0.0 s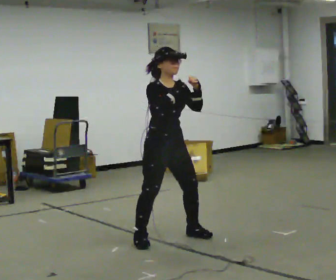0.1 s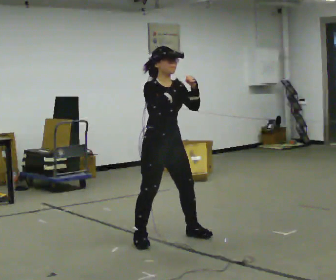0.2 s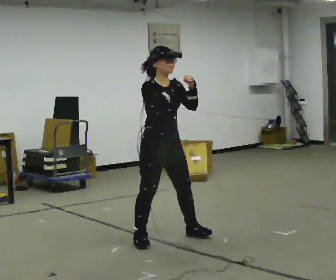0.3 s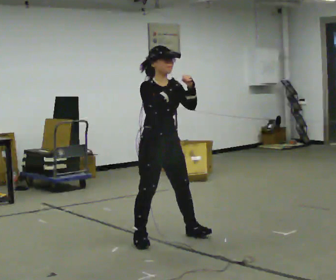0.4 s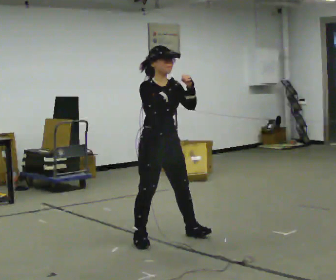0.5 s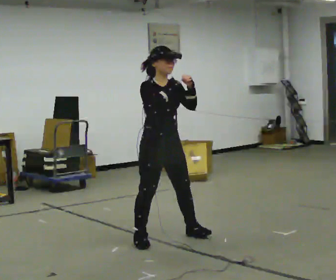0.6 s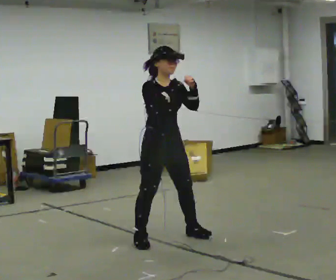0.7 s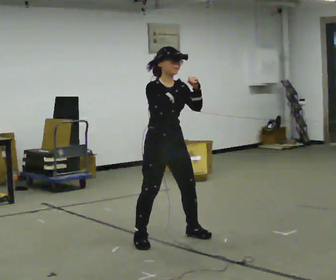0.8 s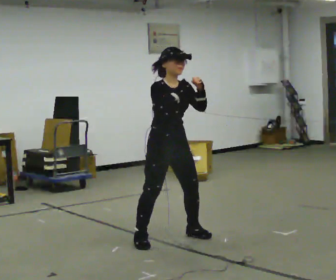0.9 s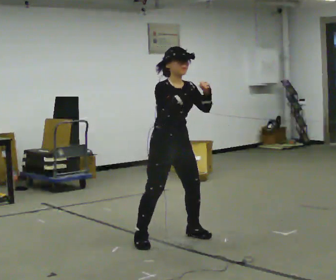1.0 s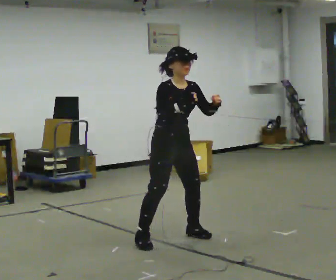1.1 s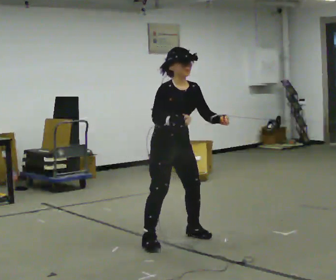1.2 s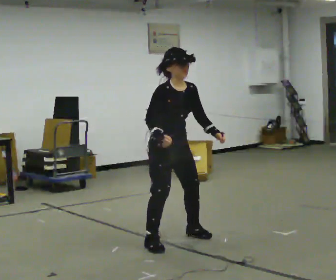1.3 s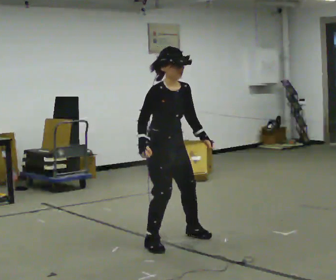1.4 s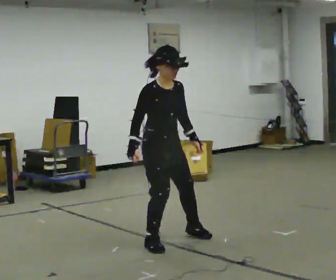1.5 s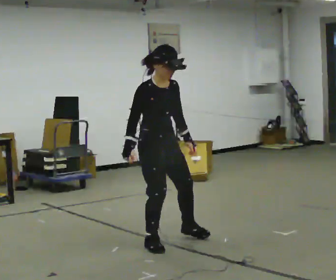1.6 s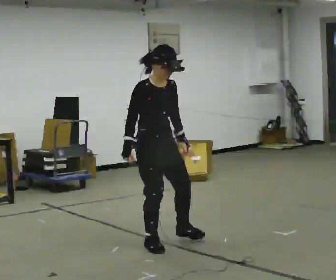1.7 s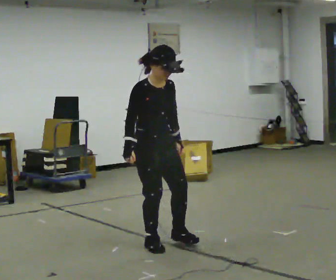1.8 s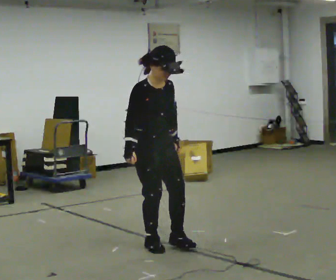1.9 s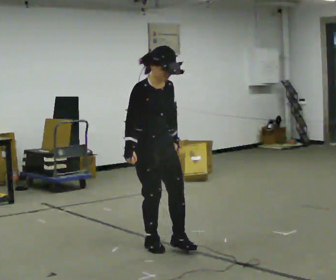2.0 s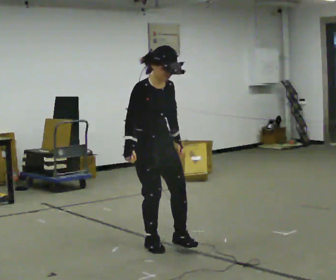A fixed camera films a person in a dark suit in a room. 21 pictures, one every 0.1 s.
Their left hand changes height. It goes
downward.
0.0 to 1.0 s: The person moves a little, or ends about where they began.
1.0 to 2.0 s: In the picture they go toward the camera, about 0.25 m in 1 step, which for them is to their right. In the picture their left hand goes downward.
The film runs backward here.
